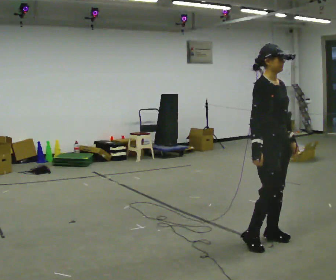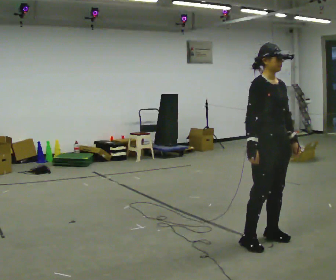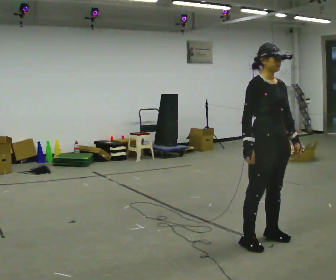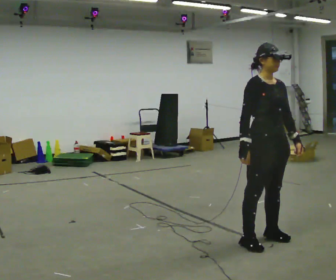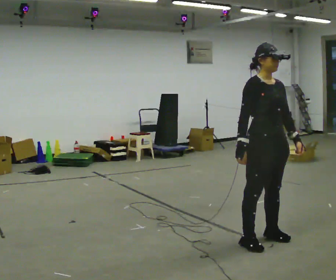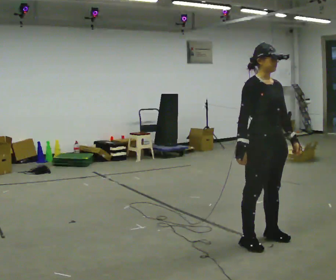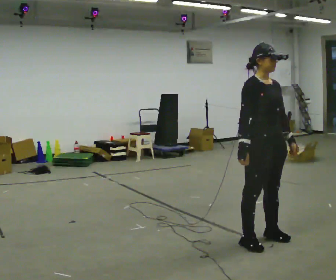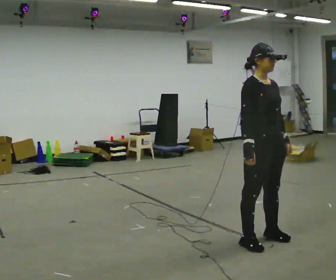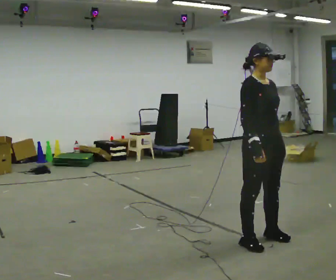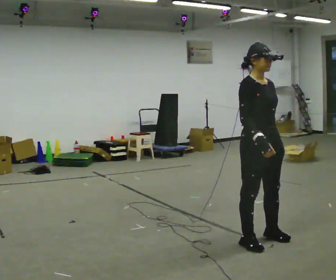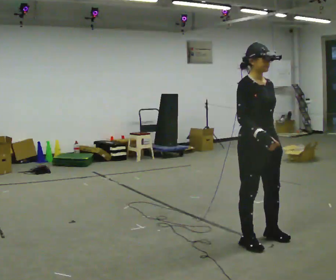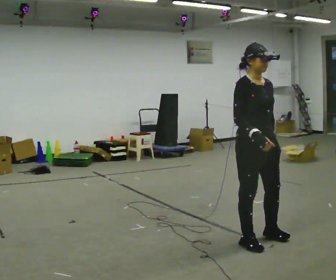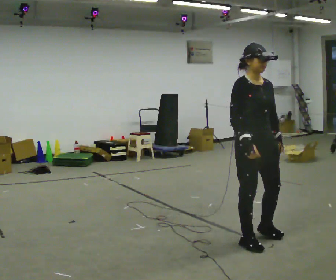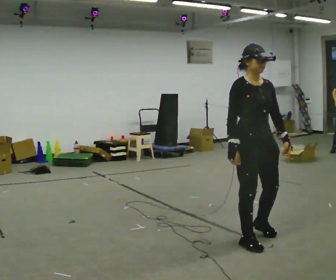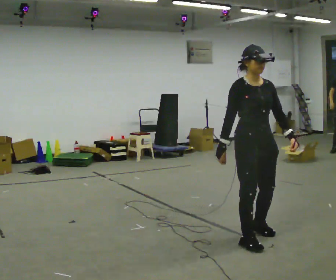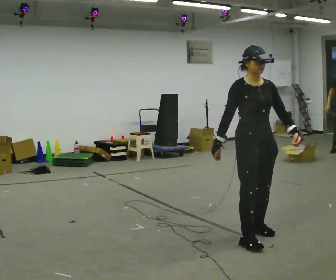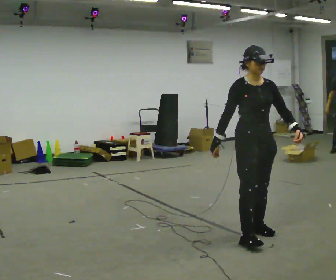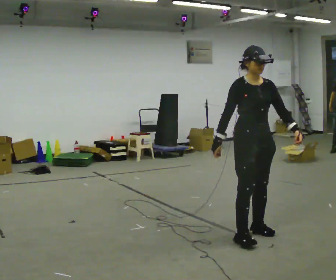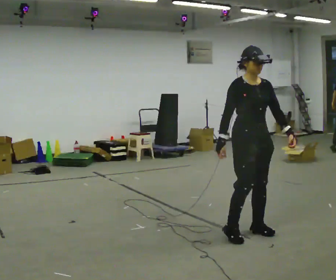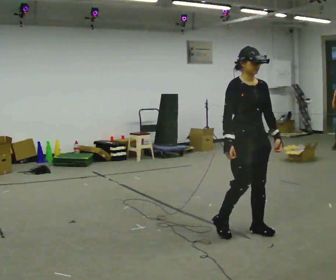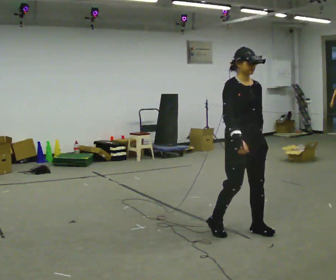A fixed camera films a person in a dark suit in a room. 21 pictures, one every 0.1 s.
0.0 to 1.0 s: The person turns about 30 degrees to their right, clockwise seen from above, so the part of the body nearest the lens slides to the left.
1.0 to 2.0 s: In the picture they go away from the camera, about 0.25 m in 2 steps, which for them is backward.
The film runs backward here.
